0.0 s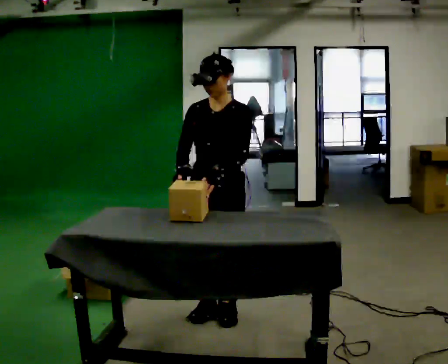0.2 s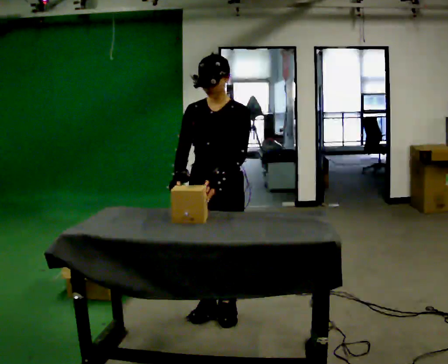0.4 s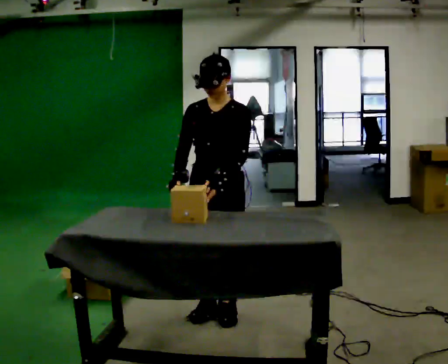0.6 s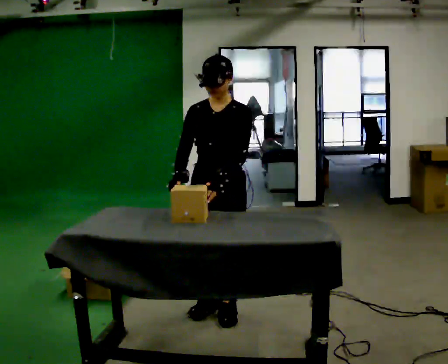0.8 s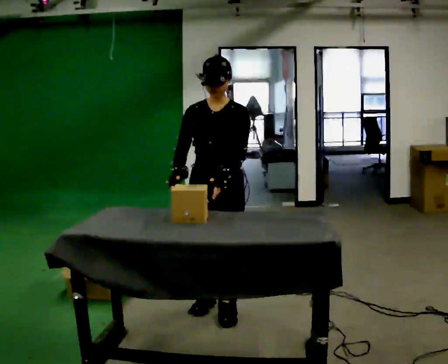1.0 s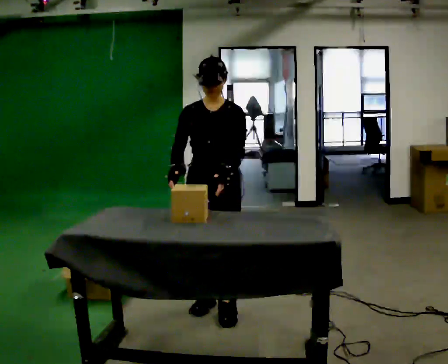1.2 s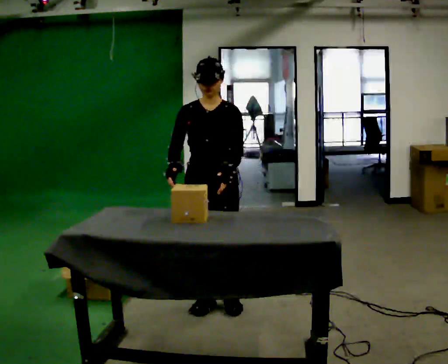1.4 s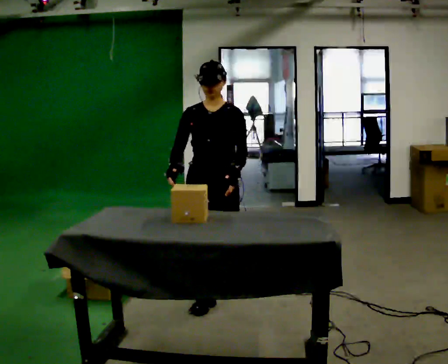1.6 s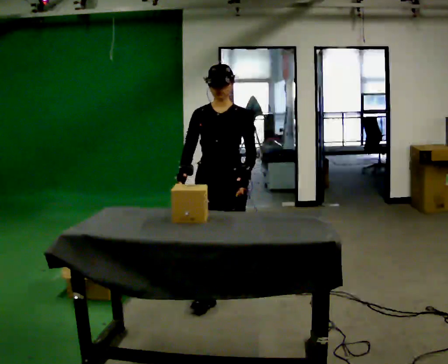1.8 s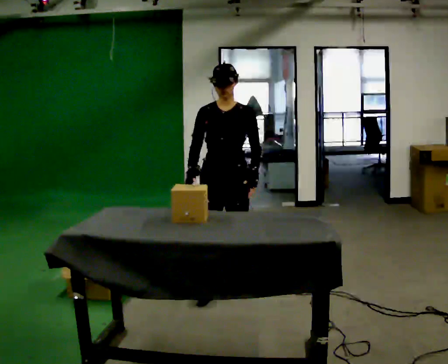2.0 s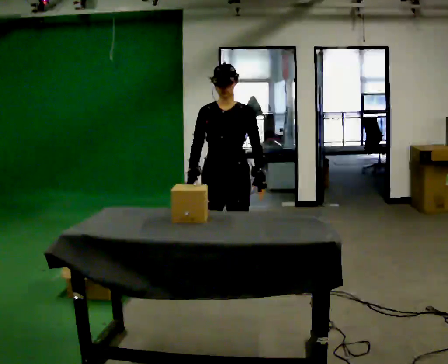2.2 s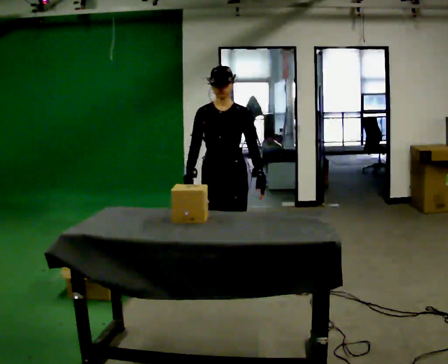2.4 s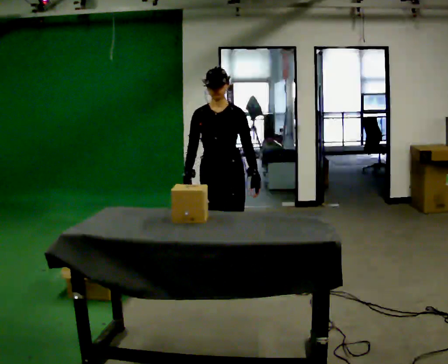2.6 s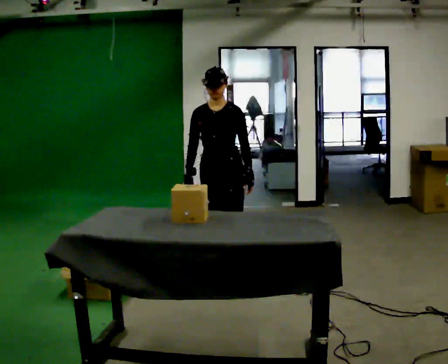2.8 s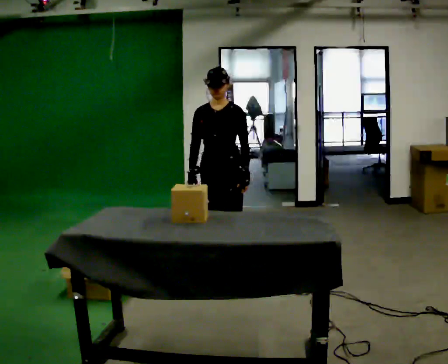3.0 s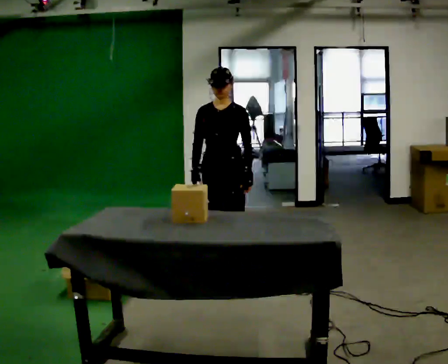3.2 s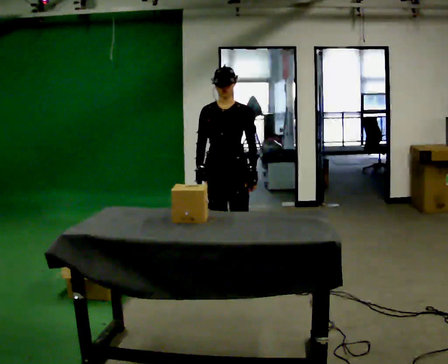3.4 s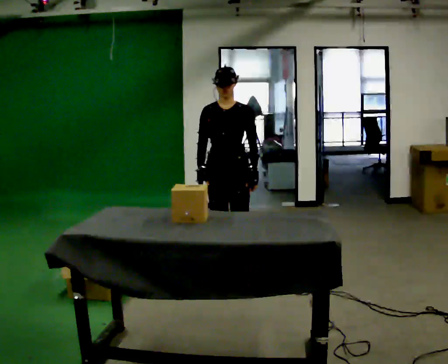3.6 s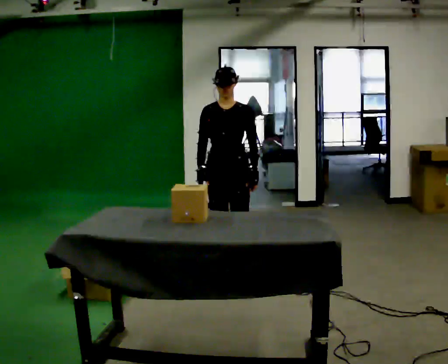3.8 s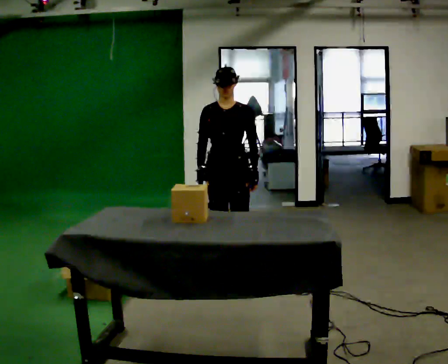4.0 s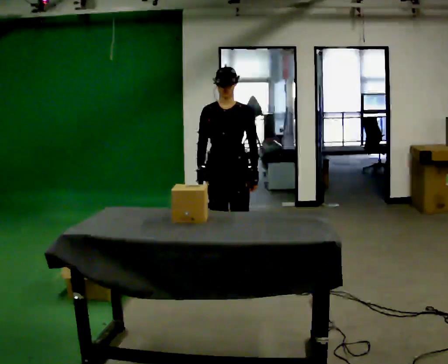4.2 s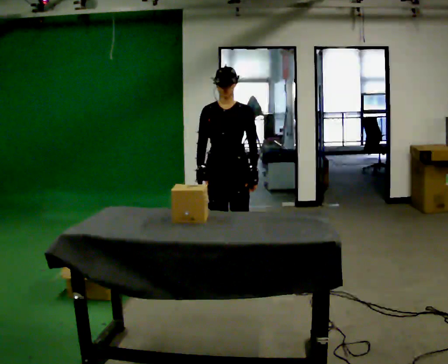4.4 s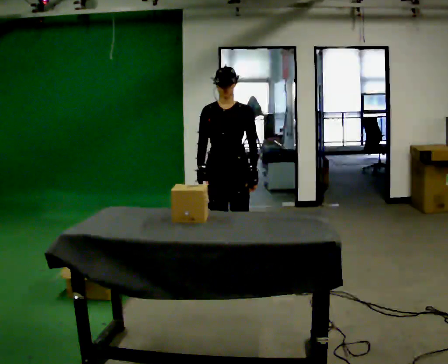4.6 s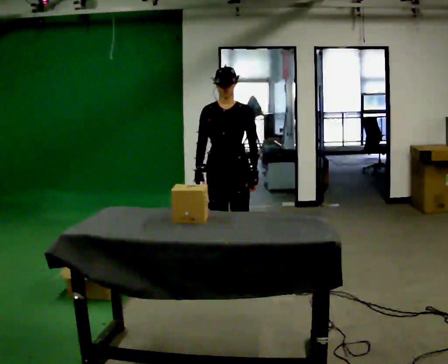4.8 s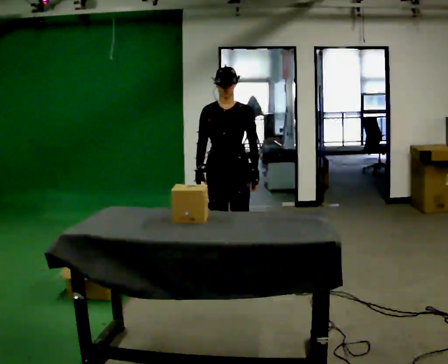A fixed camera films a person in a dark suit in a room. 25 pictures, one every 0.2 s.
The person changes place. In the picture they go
away from the camera.
0.0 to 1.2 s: In the picture they go away from the camera, about 0.25 m in 1 step, which for them is backward.
1.2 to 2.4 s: In the picture they go away from the camera, about 0.5 m in 1 step, which for them is backward.
2.4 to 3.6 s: The person moves a little, or ends about where they began.
3.6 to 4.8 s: The person keeps their place and pose.
The film runs backward here.
